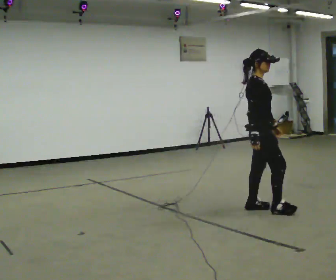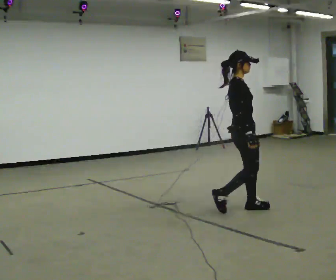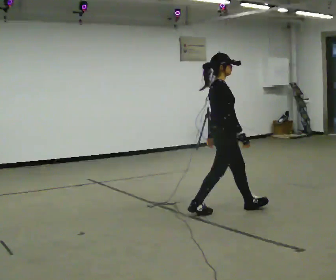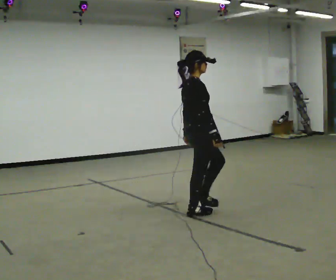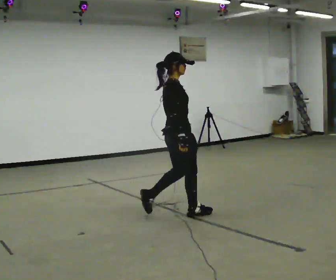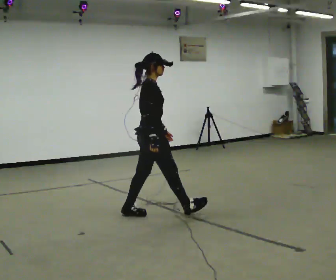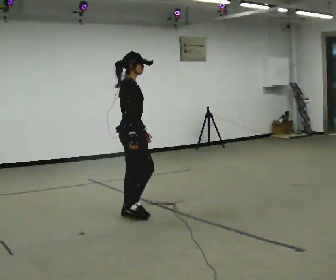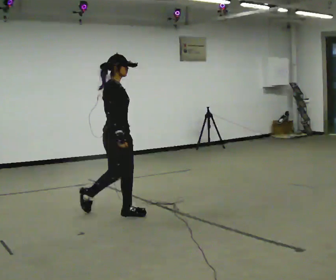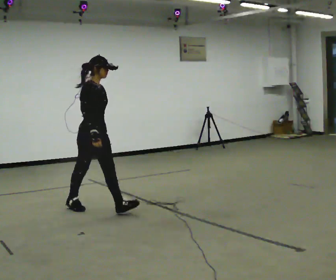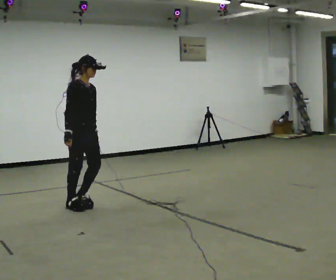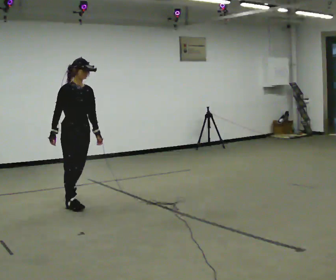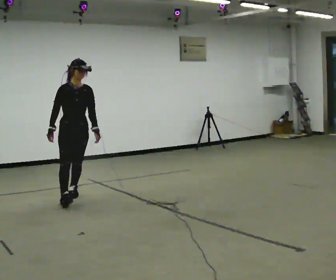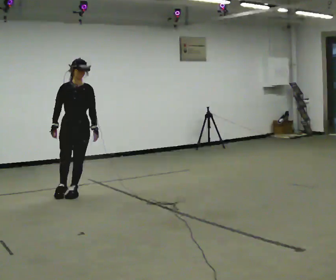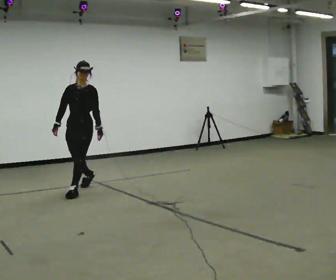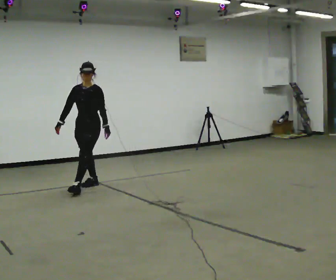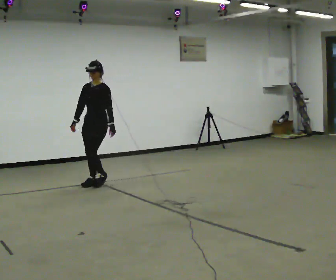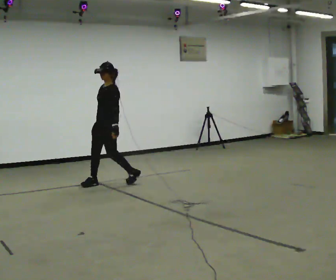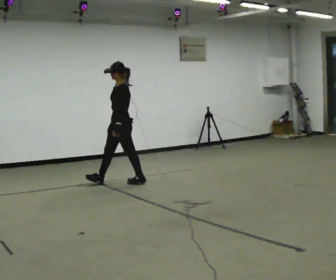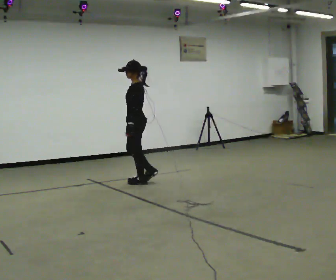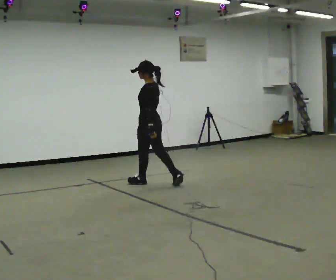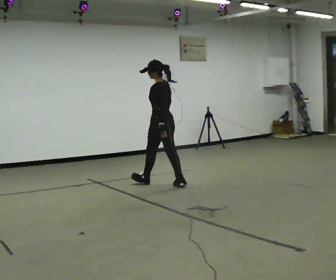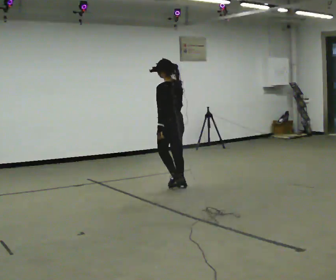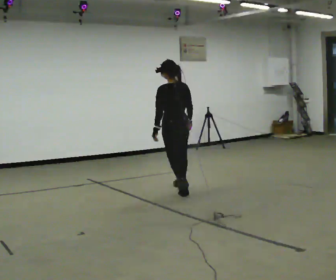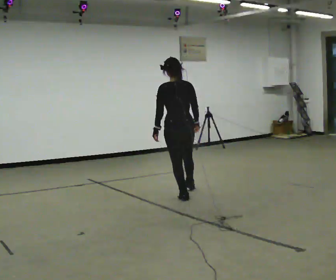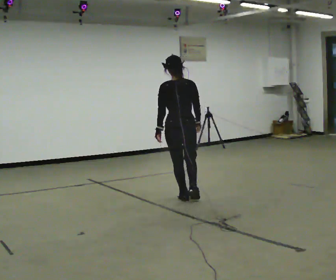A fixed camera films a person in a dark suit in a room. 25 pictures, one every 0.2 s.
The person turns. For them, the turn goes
to their right.
The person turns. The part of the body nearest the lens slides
to the left.
0.0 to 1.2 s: In the picture they go to the left, about 1.5 m in 2 steps, which for them is backward.
1.2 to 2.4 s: The person turns about 90 degrees to their right, clockwise seen from above, so the part of the body nearest the lens slides to the left. In the picture they go away from the camera and to the left, about 1 m in 2 steps.
2.4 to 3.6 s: The part of the body nearest the lens slides to the left as the person turns to their right by about 105 degrees. In the picture they go to the right and away from the camera, about 1 m in 2 steps.
3.6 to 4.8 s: Seen from above the body turns clockwise, about 90 degrees: to their right, with its near side sliding to the left. In the picture they go toward the camera, about 1 m in 2 steps.
The film runs backward here.
